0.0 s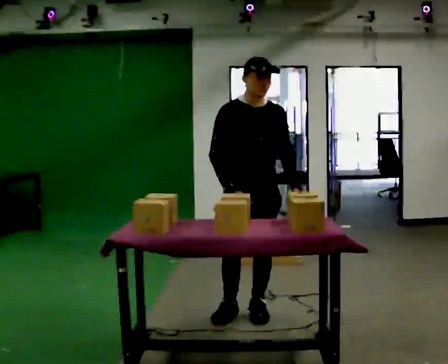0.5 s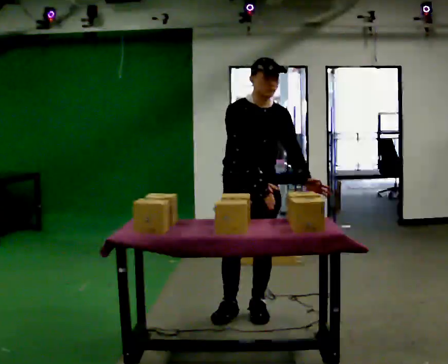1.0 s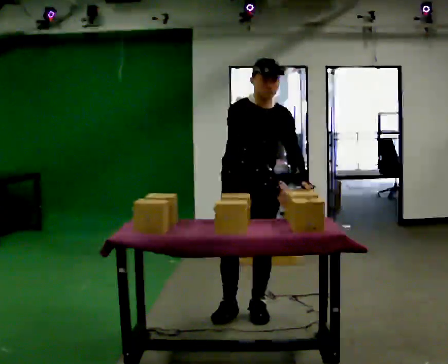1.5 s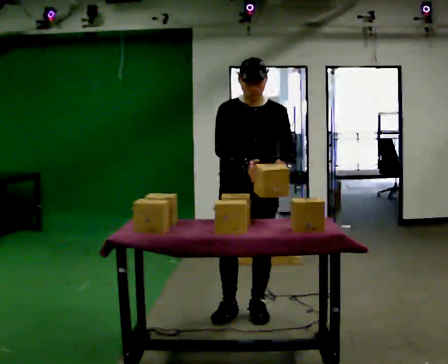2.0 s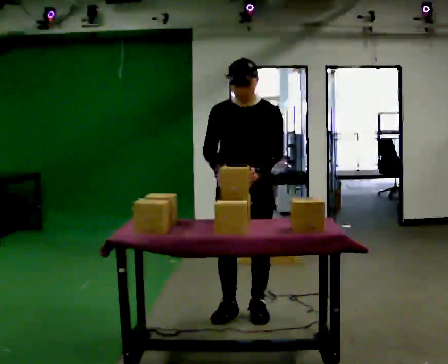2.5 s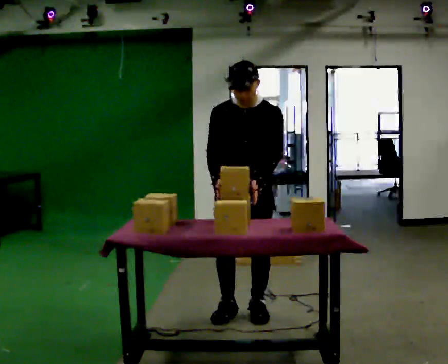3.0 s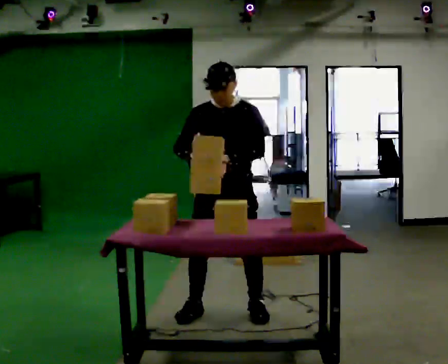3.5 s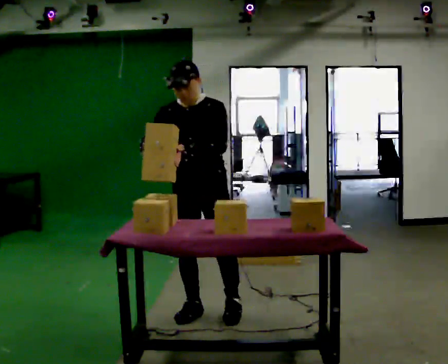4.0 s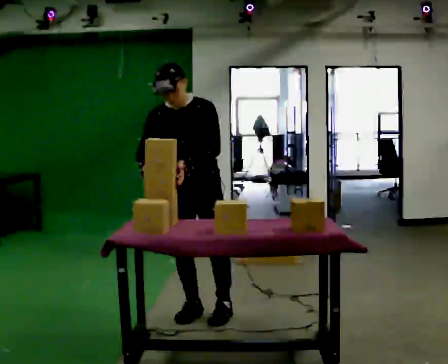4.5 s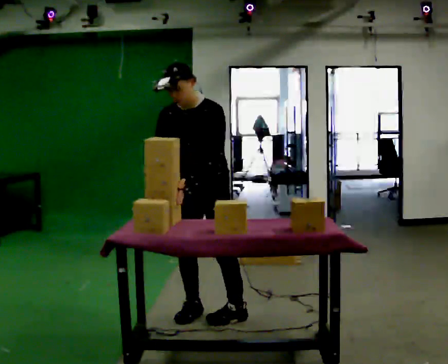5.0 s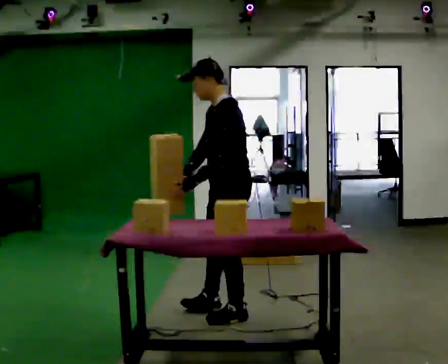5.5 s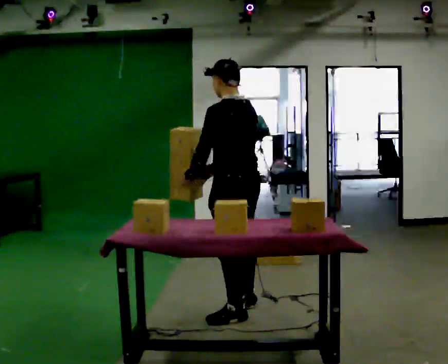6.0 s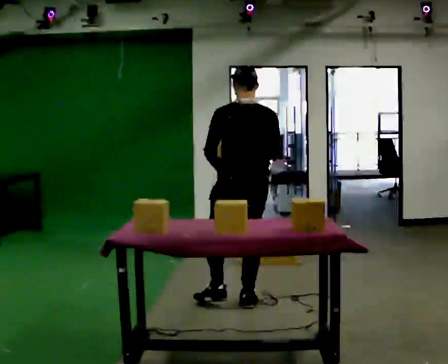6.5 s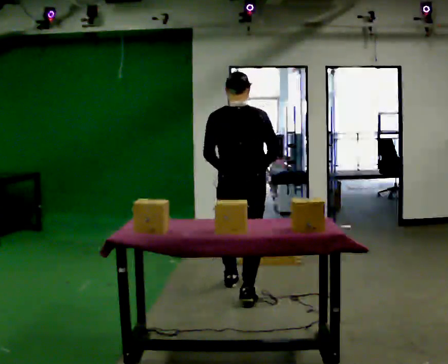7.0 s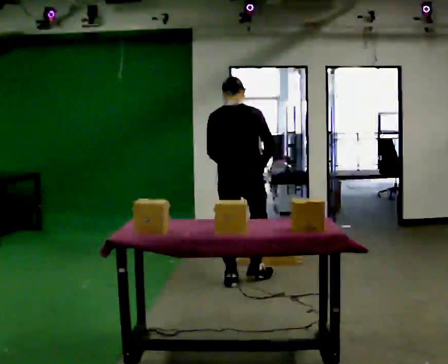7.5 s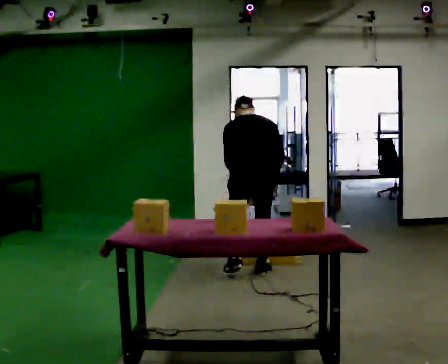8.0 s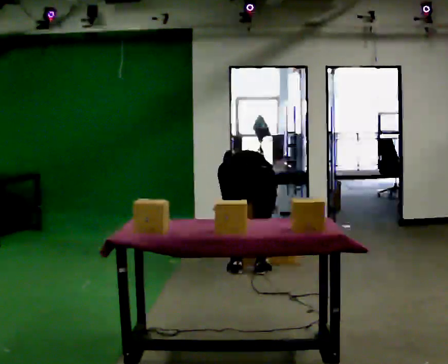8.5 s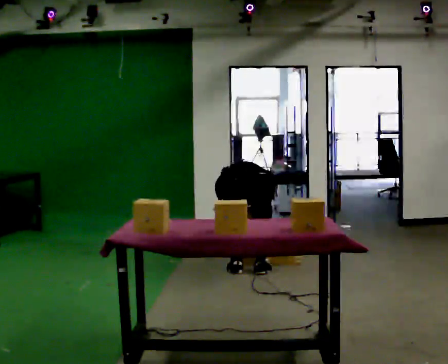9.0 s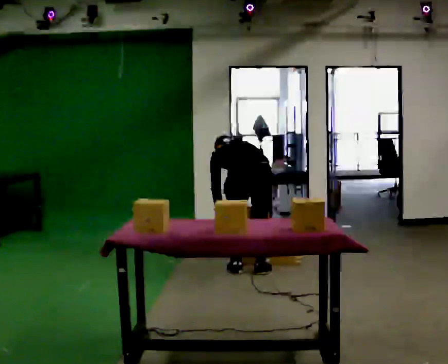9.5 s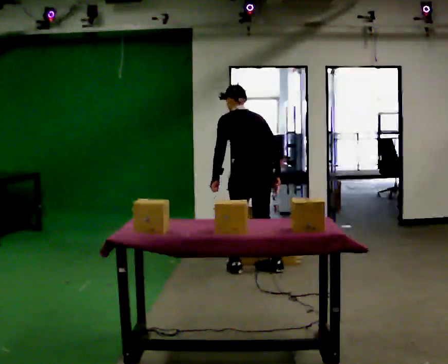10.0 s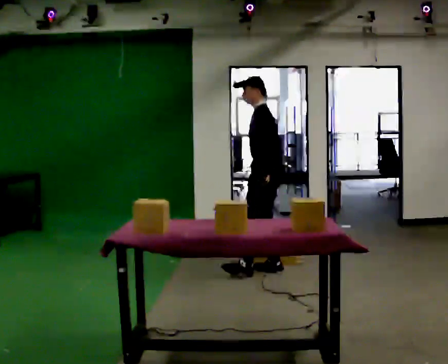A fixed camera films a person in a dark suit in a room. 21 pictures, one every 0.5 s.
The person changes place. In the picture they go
away from the camera.
0.0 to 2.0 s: The person moves a little, or ends about where they began.
2.0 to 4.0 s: In the picture they go to the left, about 0.25 m in 2 steps, which for them is to their right.
4.0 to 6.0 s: The person turns about 150 degrees to their right, clockwise seen from above, so the part of the body nearest the lens slides to the left. In the picture they go to the right and away from the camera, about 0.5 m in 1 step. In the picture the upper body tilts clockwise, shoulders to the right.
6.0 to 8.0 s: In the picture they go away from the camera, about 1 m in 3 steps, which for them is forward. The upper body goes downward. The upper body tips away from the camera, its near side rolling upward, as they bend forward. In the picture their right hand goes downward.
8.0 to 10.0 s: Seen from above the body turns counterclockwise, about 90 degrees: to their left, with its near side sliding to the right. In the picture they go away from the camera and to the right, about 0.25 m in 1 step. The upper body goes upward. The upper body tips toward the camera, its near side rolling downward, as they lean back or straighten. In the picture their left hand goes upward.
The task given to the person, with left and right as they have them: Carry the object across the room and place it on the lowest shelf, crouching down to do it. Keep going until the operator says stop; one object at a time, and do not rush between trips.
The film runs forward here.
